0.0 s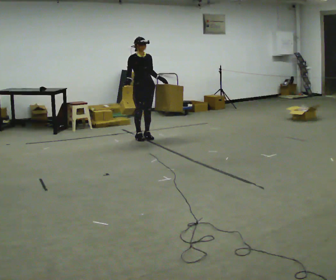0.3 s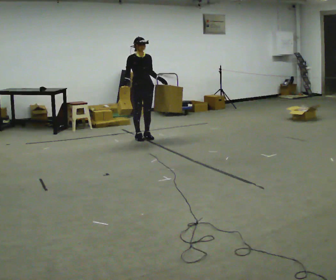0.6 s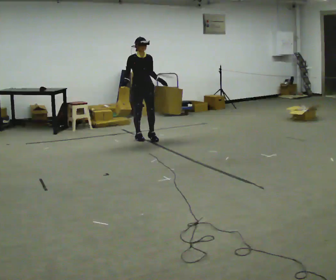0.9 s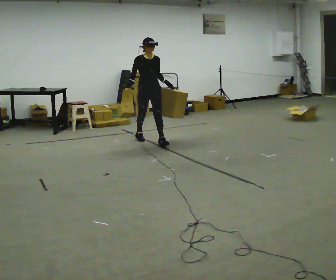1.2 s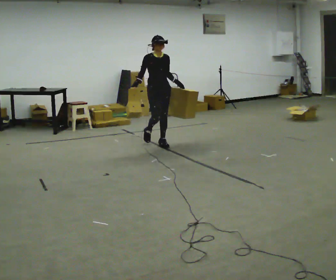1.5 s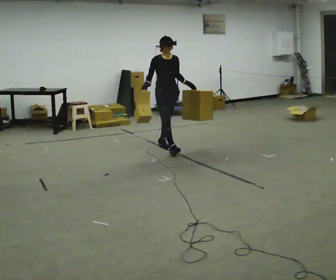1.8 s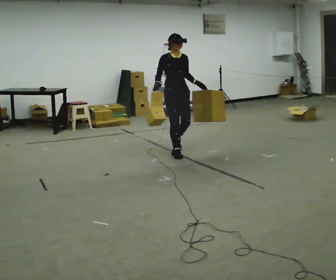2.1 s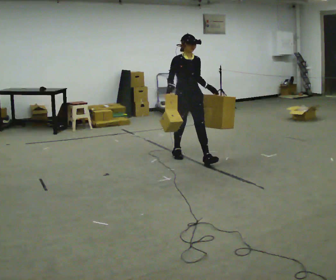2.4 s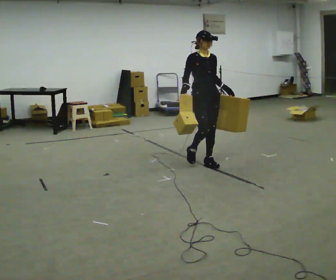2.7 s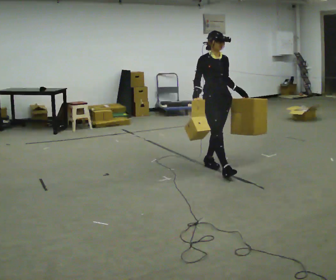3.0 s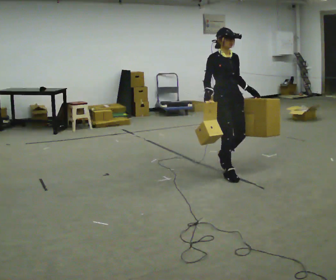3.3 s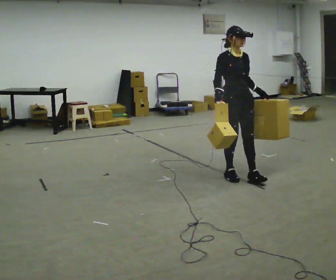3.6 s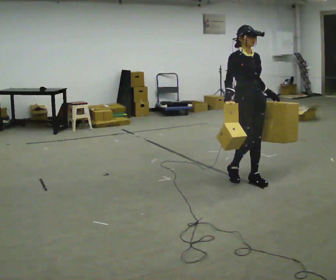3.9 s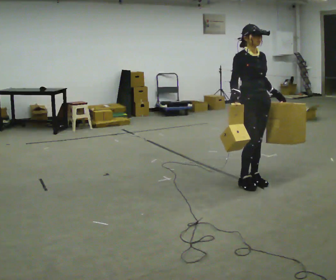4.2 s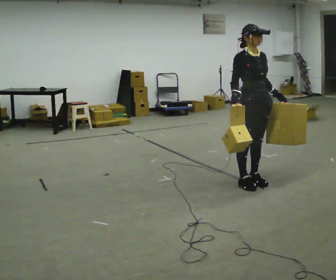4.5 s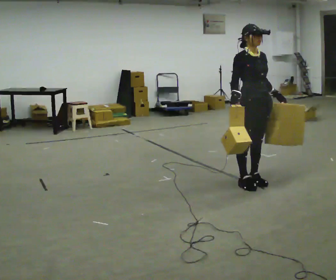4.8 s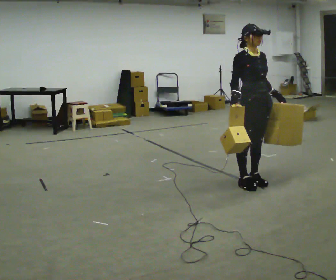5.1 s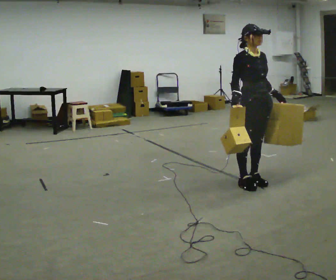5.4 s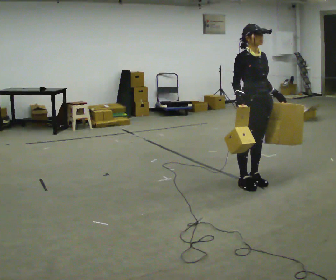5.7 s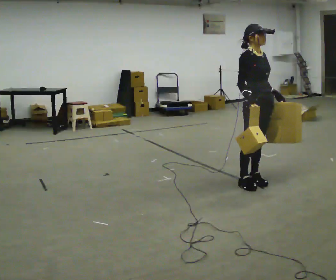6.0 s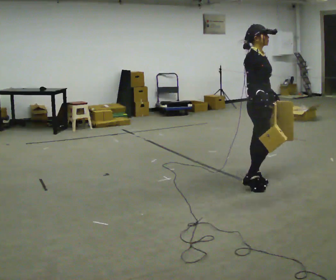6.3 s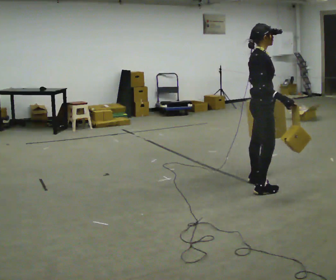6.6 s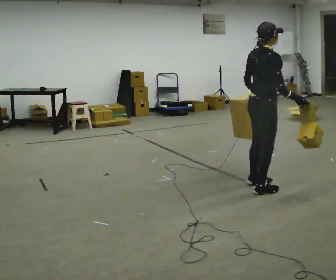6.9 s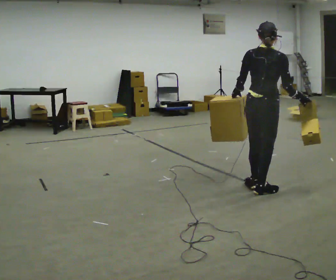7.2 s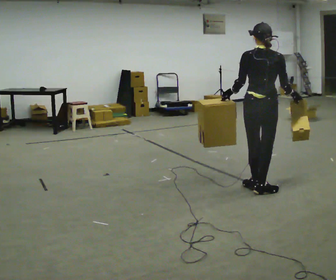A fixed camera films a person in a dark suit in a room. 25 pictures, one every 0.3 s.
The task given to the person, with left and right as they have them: Carry one object in each hand, the heavy one in the hand the operator calls, walking back and forth across the room.
0.0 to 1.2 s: In the picture they go toward the camera and to the right, about 0.5 m in 1 step, which for them is forward.
1.2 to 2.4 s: In the picture they go toward the camera and to the right, about 1 m in 2 steps, which for them is forward.
2.4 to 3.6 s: In the picture they go toward the camera and to the right, about 0.5 m in 2 steps, which for them is forward.
3.6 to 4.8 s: The person moves a little, or ends about where they began.
4.8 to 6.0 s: The person turns about 30 degrees to their left, counterclockwise seen from above, so the part of the body nearest the lens slides to the right.
6.0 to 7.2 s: The person turns about 105 degrees to their left, counterclockwise seen from above, so the part of the body nearest the lens slides to the right. In the picture they go toward the camera, about 0.25 m in 2 steps.
The film runs forward here.
